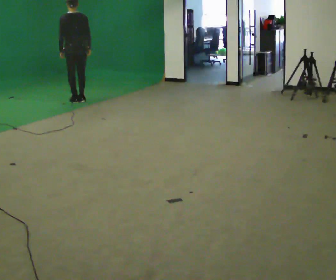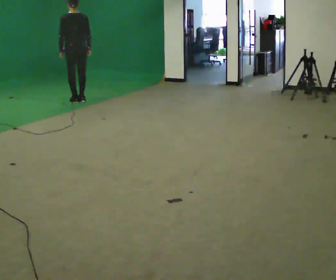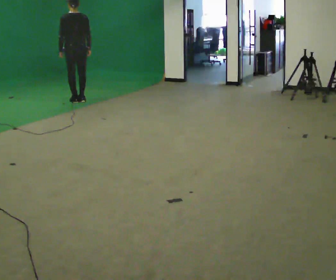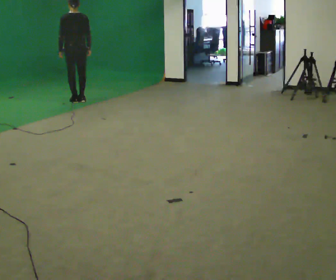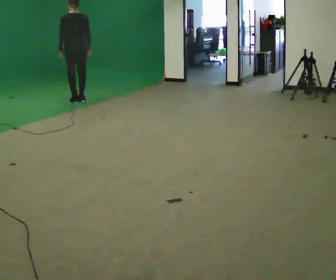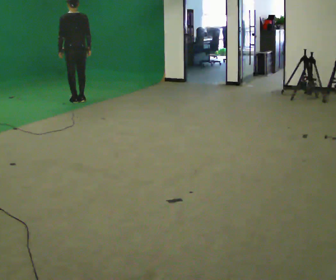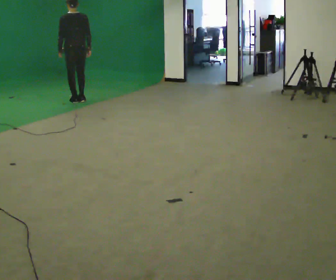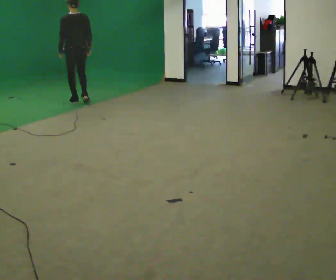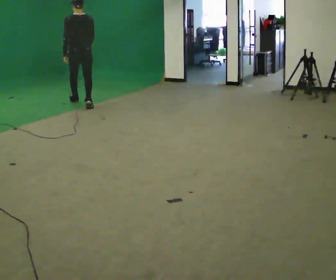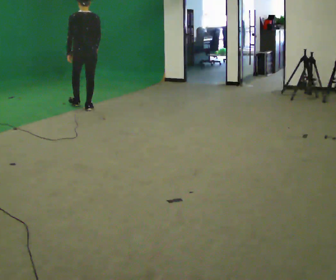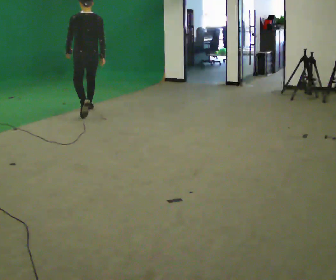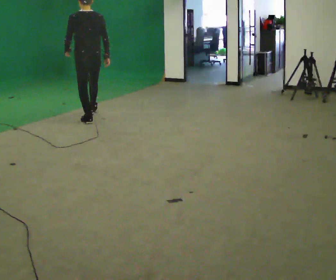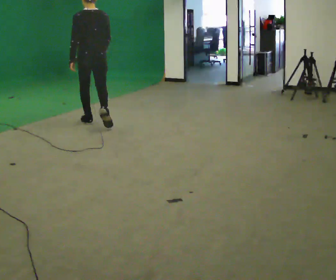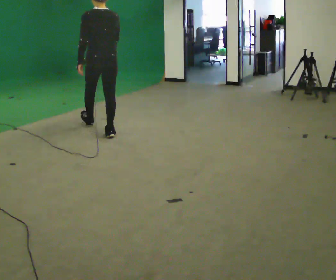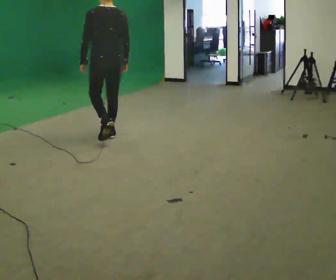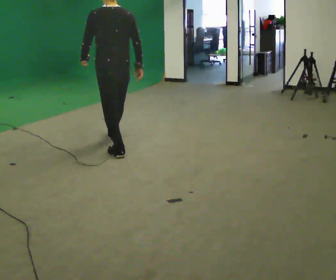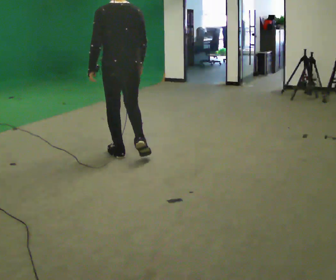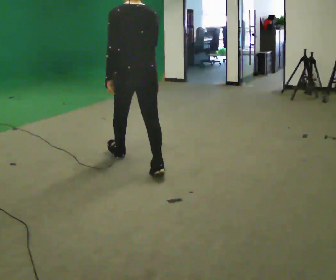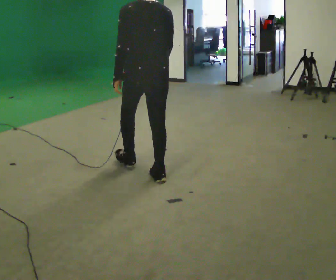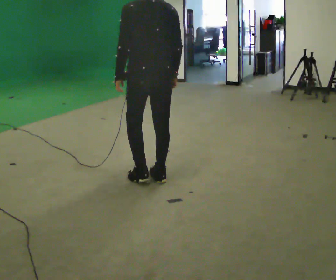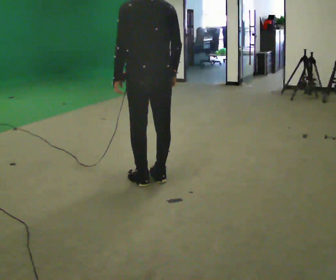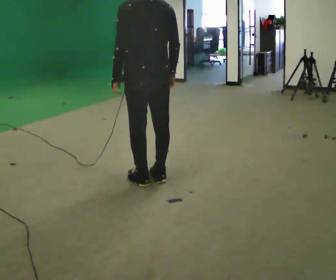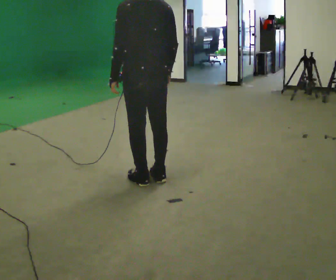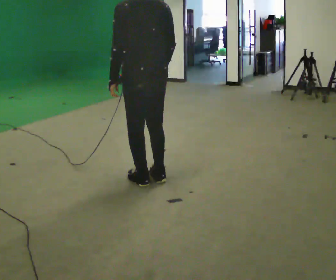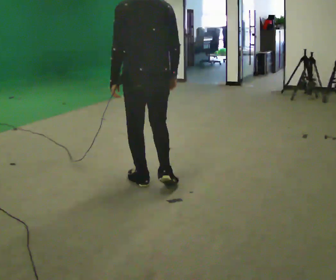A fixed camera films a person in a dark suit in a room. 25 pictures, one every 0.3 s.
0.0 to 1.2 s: The person moves a little, or ends about where they began.
1.2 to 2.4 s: In the picture they go toward the camera, about 0.25 m in 1 step, which for them is backward.
2.4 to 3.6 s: In the picture they go toward the camera, about 1 m in 2 steps, which for them is backward.
3.6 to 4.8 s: In the picture they go toward the camera, about 1.5 m in 2 steps, which for them is backward.
4.8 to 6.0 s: In the picture they go toward the camera, about 0.75 m in 1 step, which for them is backward.
6.0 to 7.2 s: The person moves a little, or ends about where they began.
The film runs backward here.
